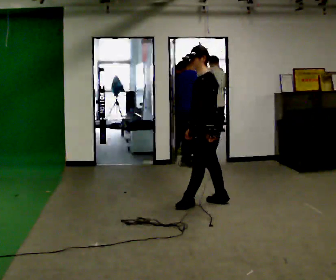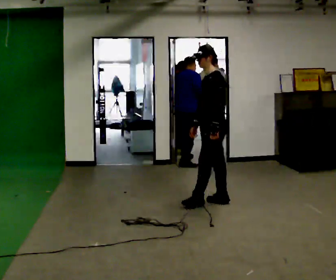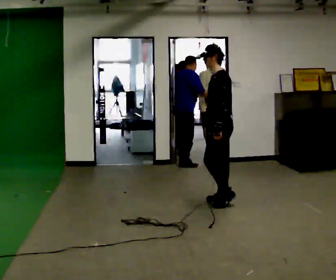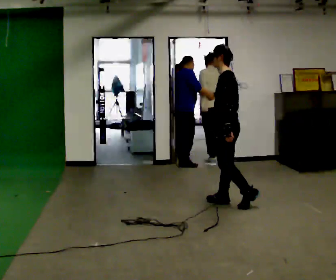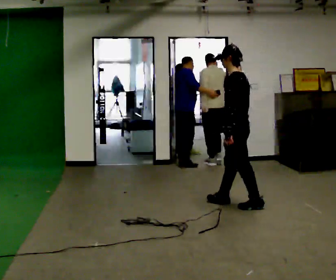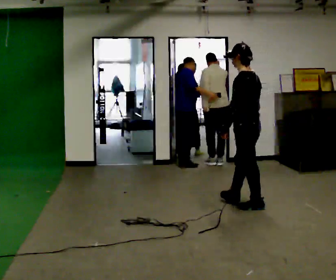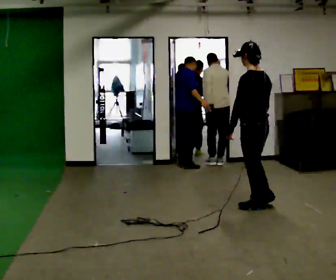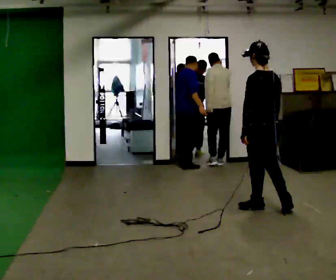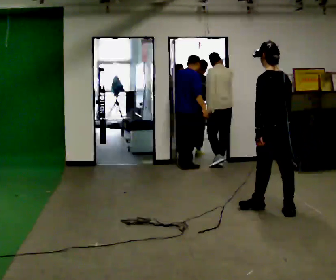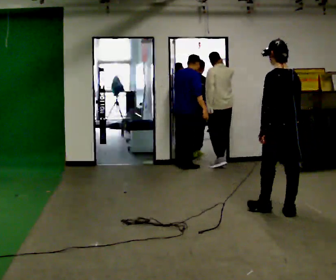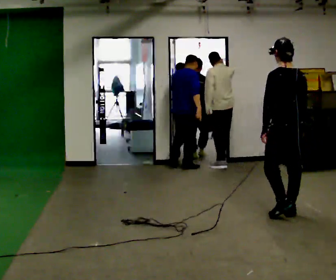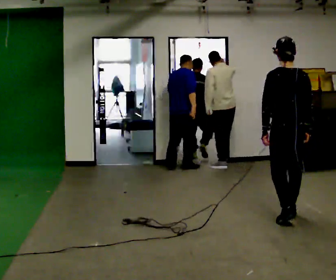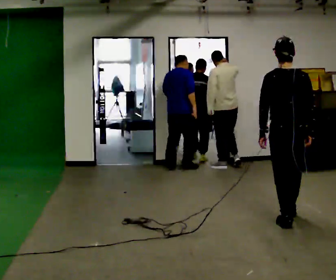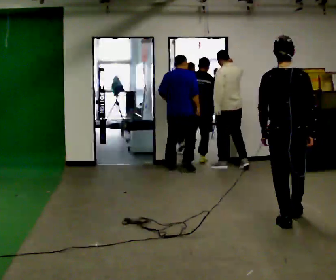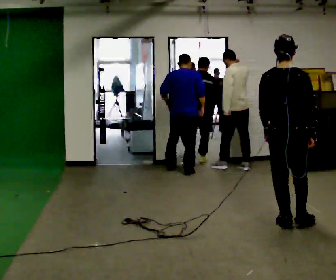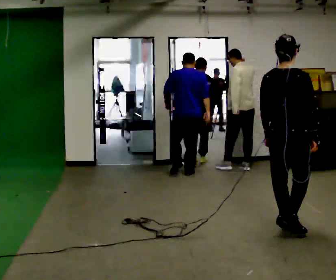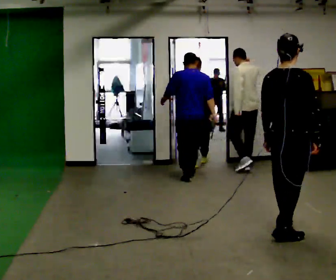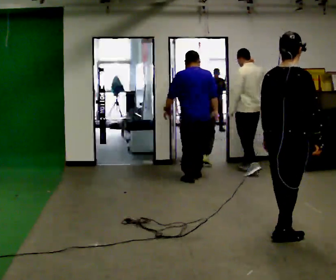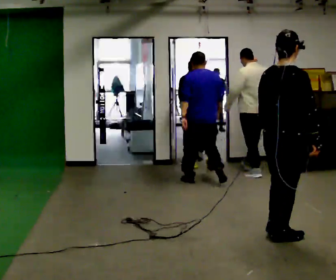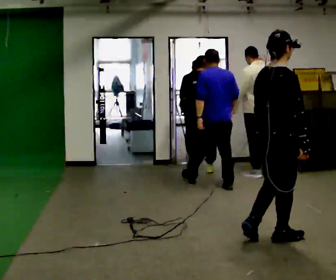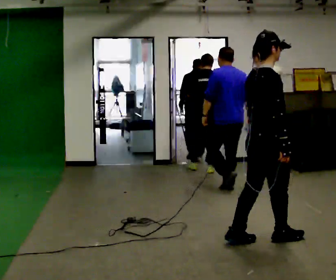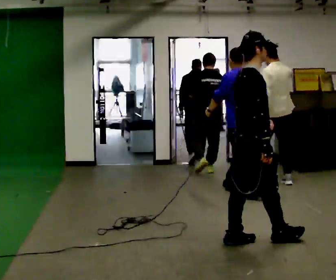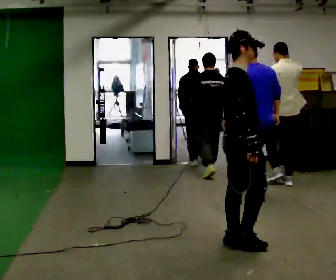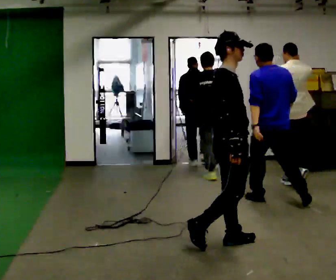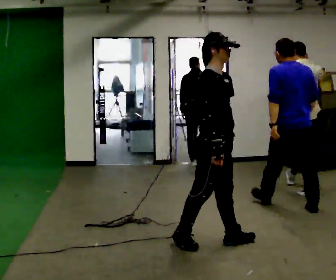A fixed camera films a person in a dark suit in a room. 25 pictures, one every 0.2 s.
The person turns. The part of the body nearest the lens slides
to the left.
The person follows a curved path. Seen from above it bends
clockwise.
0.0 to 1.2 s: The part of the body nearest the lens slides to the left as the person turns to their right by about 60 degrees. In the picture they go to the right, about 0.5 m in 2 steps, which for them is backward and to their left.
1.2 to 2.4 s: The part of the body nearest the lens slides to the left as the person turns to their right by about 45 degrees. In the picture they go toward the camera and to the right, about 0.5 m in 1 step, which for them is backward.
2.4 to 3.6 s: The person turns about 60 degrees to their right, clockwise seen from above, so the part of the body nearest the lens slides to the left. In the picture they go toward the camera, about 0.5 m in 2 steps, which for them is backward.
3.6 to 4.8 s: Seen from above the body turns clockwise, about 60 degrees: to their right, with its near side sliding to the left. In the picture they go to the left, about 0.5 m in 1 step, which for them is backward.
The film runs backward here.
